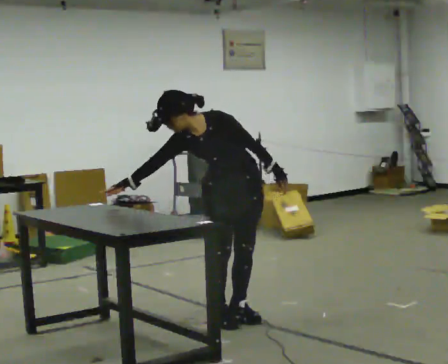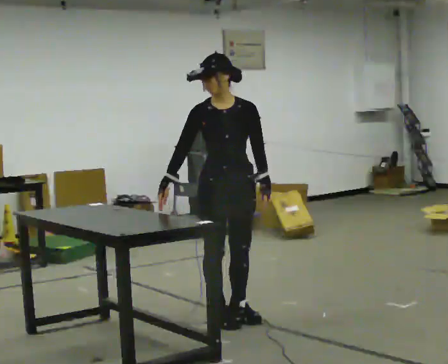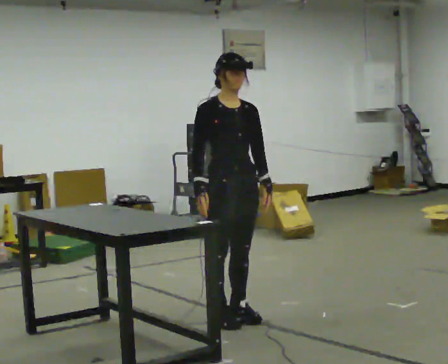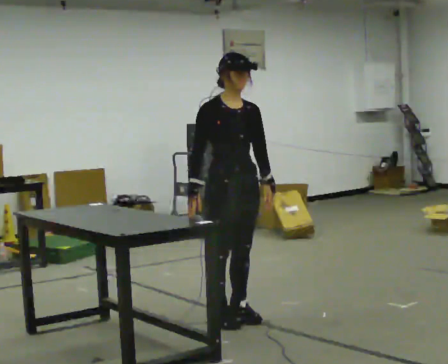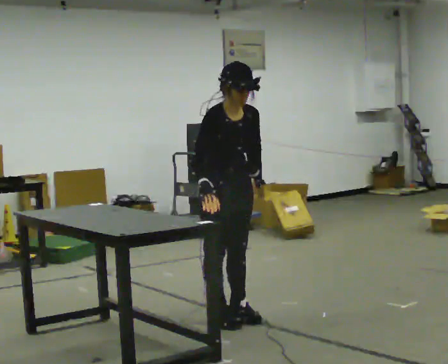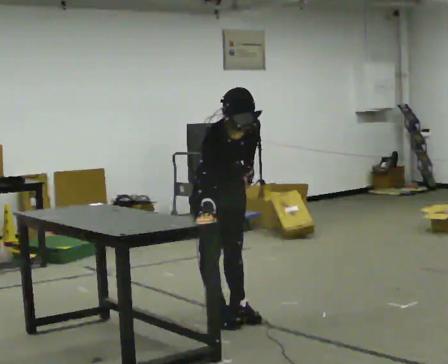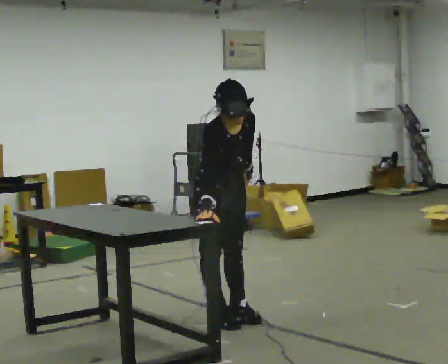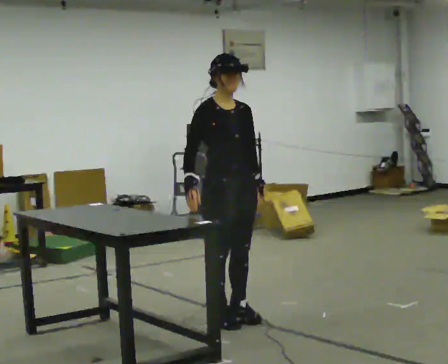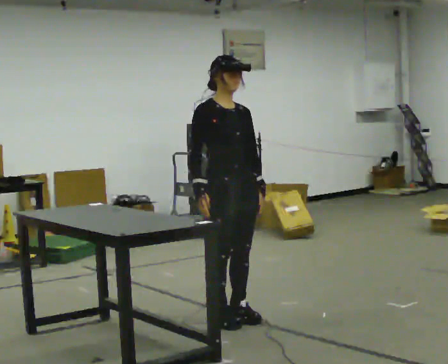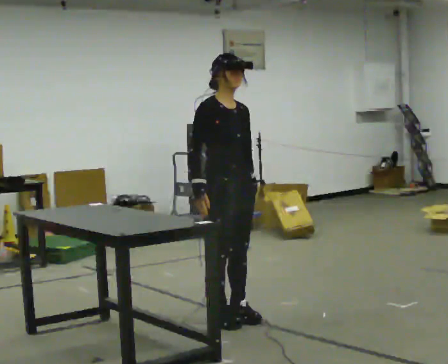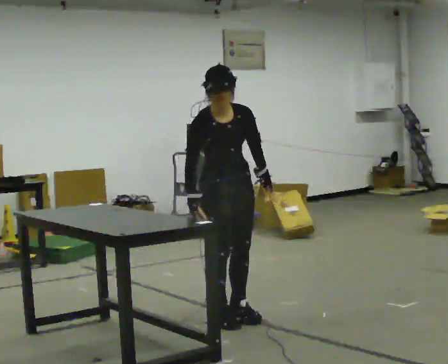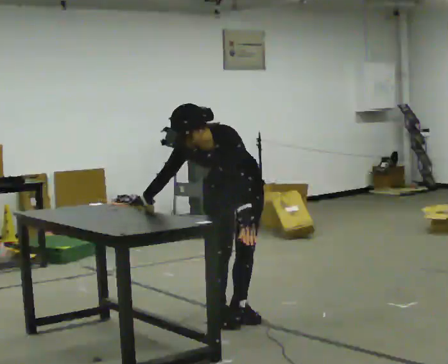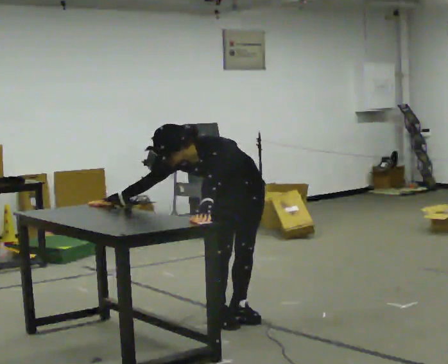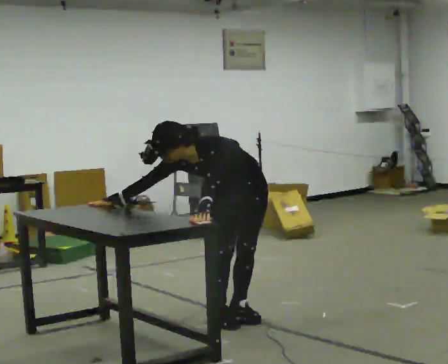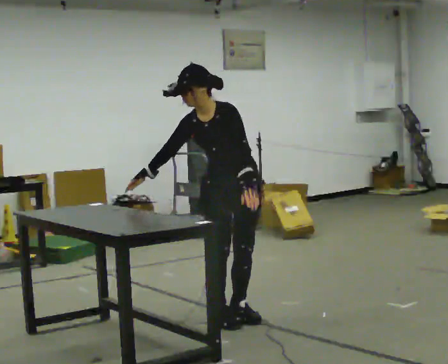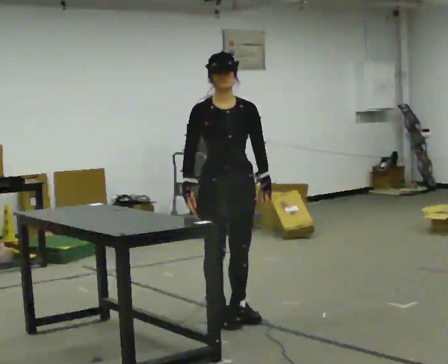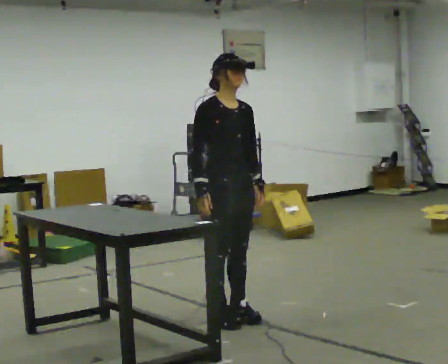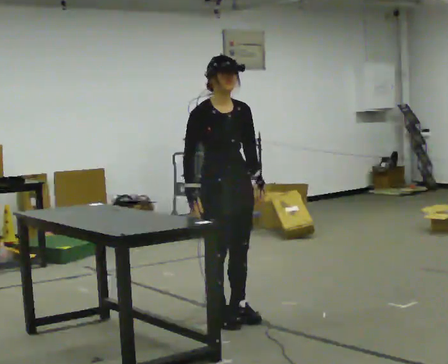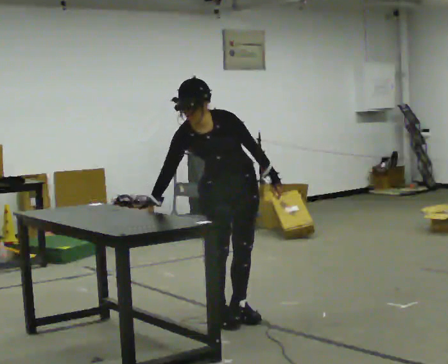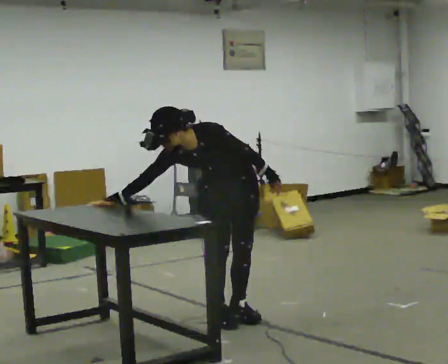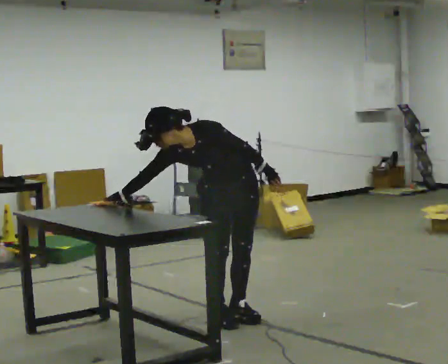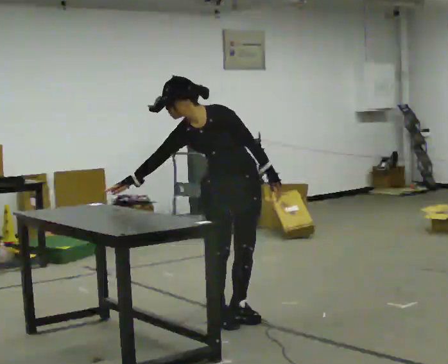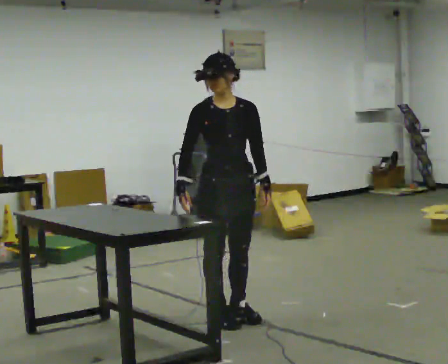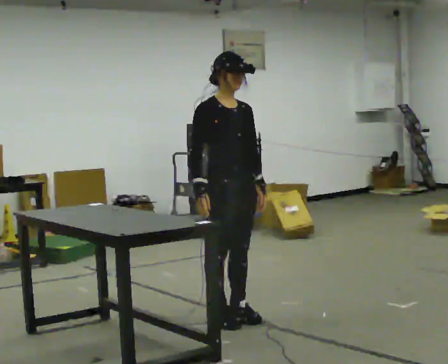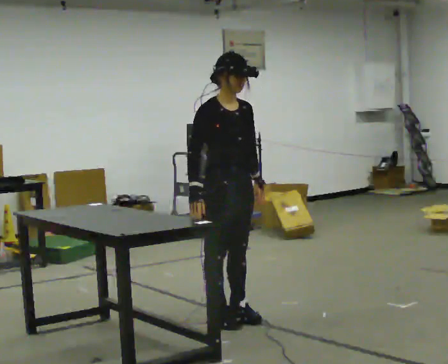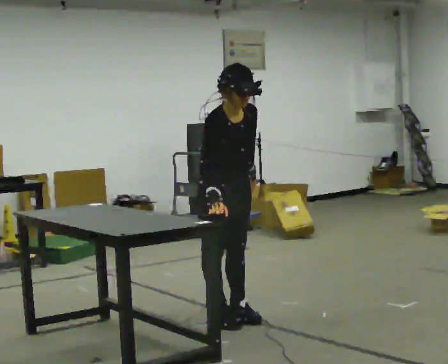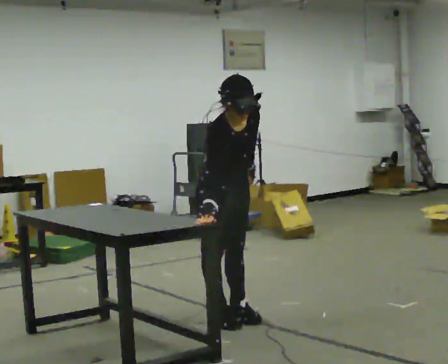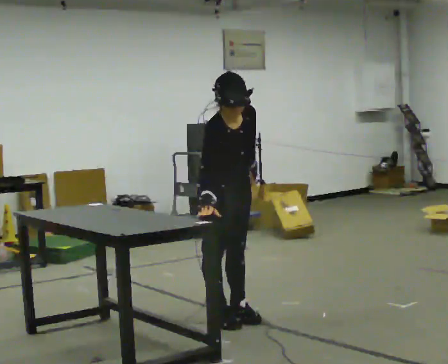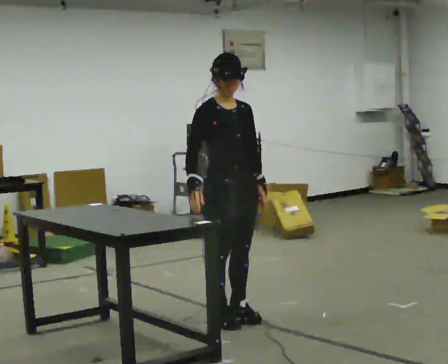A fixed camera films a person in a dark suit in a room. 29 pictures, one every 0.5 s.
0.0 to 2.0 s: Seen from above the body turns counterclockwise, about 45 degrees: to their left, with its near side sliding to the right. In the picture the upper body tilts clockwise, shoulders to the right. In the picture their right hand goes to the right.
2.0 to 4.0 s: The person moves a little, or ends about where they began.
4.0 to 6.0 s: The part of the body nearest the lens slides to the left as the person turns to their right by about 60 degrees. The upper body goes downward. The upper body tips toward the camera, its near side rolling downward, as they bend forward. In the picture their left hand goes to the left.
6.0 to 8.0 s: The person turns about 60 degrees to their left, counterclockwise seen from above, so the part of the body nearest the lens slides to the right. The upper body goes upward. The upper body tips away from the camera, its near side rolling upward, as they lean back or straighten.
8.0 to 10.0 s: The part of the body nearest the lens slides to the left as the person turns to their right by about 60 degrees. The shoulders move downward. In the picture the upper body tilts counterclockwise, shoulders to the left, as they bend forward. In the picture their right hand goes to the left.
10.0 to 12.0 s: Seen from above the body turns counterclockwise, about 60 degrees: to their left, with its near side sliding to the right. The shoulders move upward. In the picture the upper body tilts clockwise, shoulders to the right, as they lean back or straighten. In the picture their right hand goes to the right.
12.0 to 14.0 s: The person moves a little, or ends about where they began.
The film runs backward here.
